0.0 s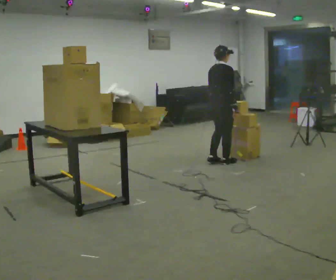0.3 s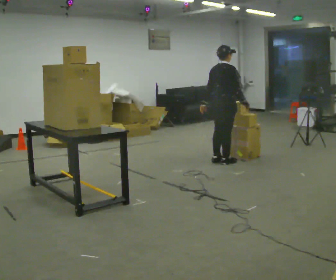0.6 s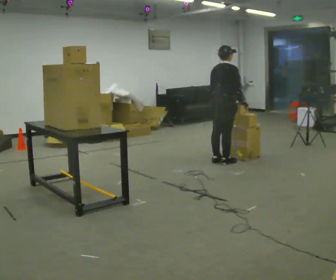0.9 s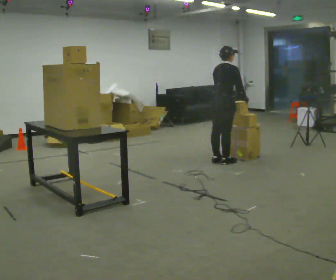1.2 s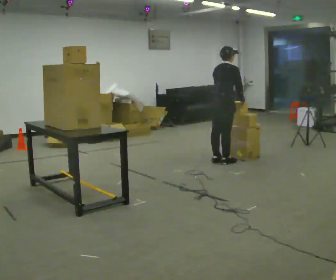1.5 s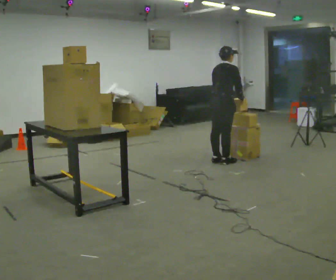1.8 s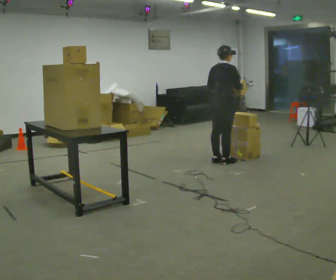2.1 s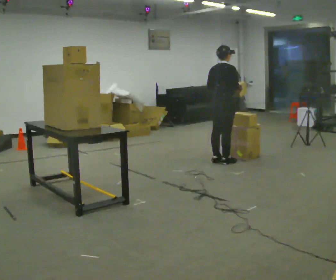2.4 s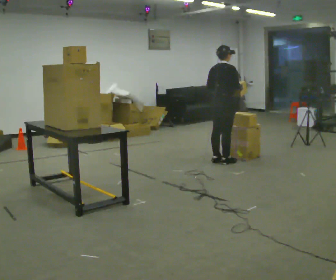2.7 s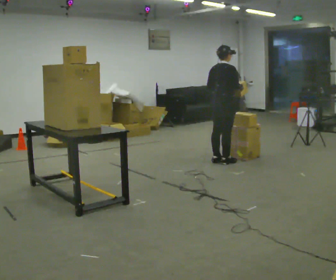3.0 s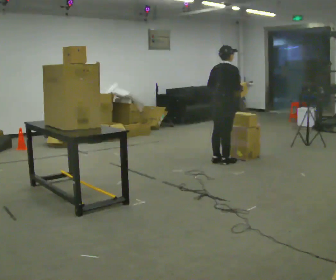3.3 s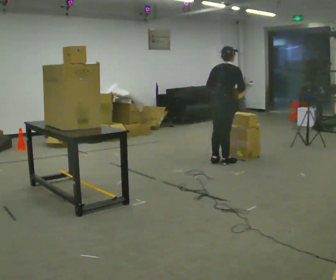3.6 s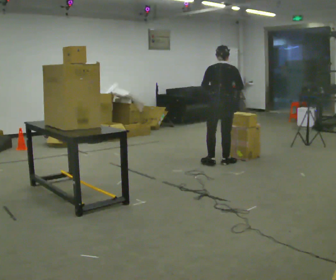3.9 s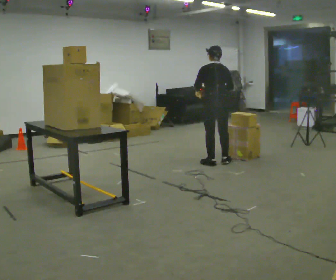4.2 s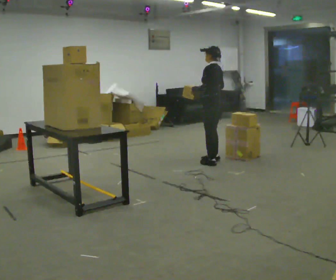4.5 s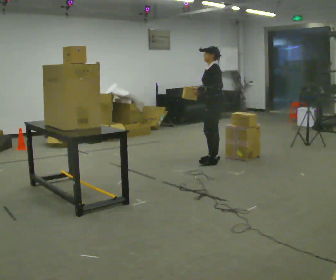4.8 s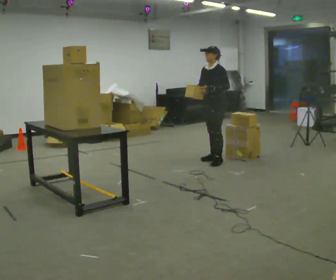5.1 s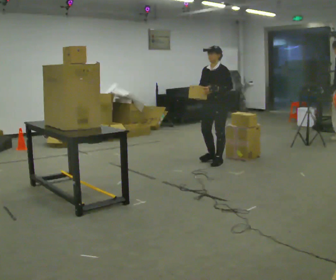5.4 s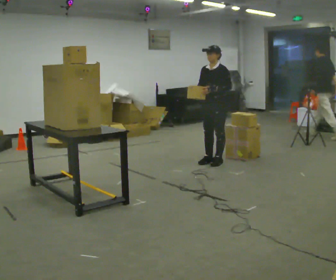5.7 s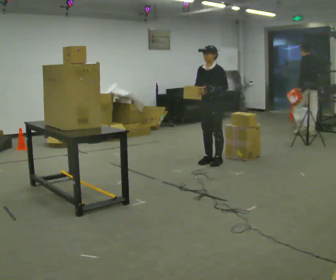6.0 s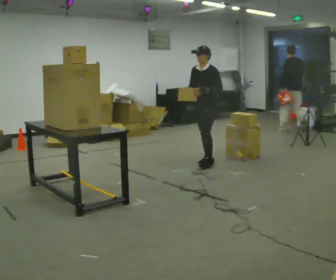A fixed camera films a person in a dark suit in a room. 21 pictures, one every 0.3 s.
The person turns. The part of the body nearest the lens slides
to the right.
The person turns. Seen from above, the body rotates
counterclockwise.
0.0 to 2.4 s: The person moves a little, or ends about where they began.
2.4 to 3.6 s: The part of the body nearest the lens slides to the right as the person turns to their left by about 45 degrees.
3.6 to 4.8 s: The person turns about 135 degrees to their left, counterclockwise seen from above, so the part of the body nearest the lens slides to the right.
4.8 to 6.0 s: The person moves a little, or ends about where they began.
The film runs forward here.
